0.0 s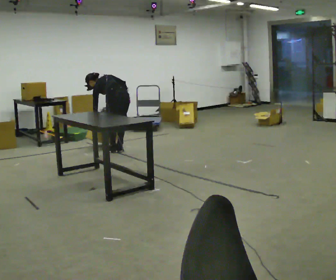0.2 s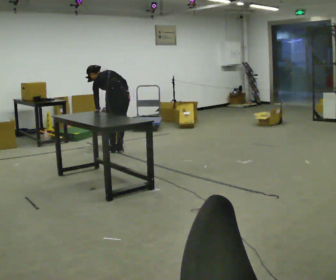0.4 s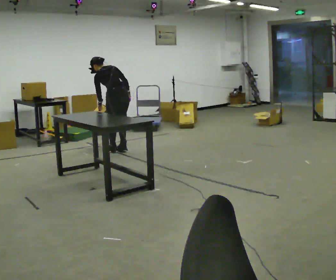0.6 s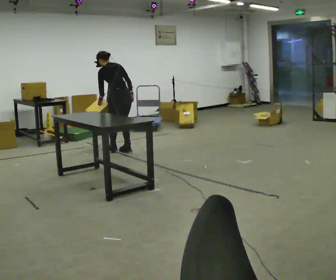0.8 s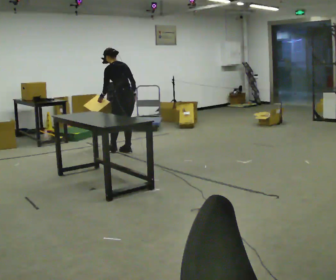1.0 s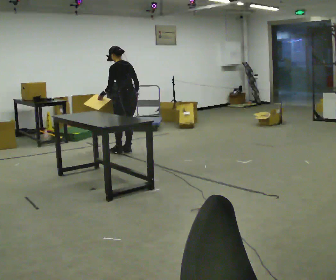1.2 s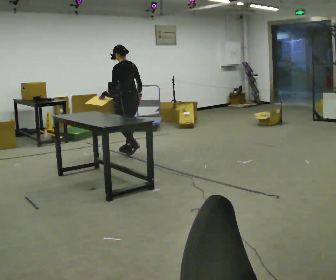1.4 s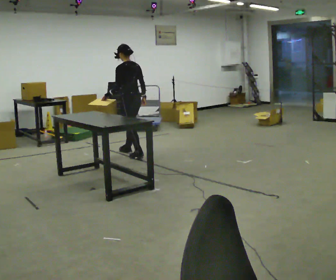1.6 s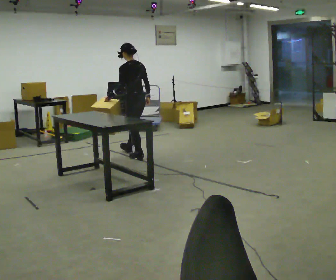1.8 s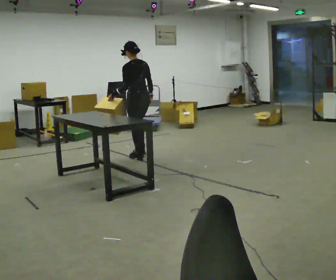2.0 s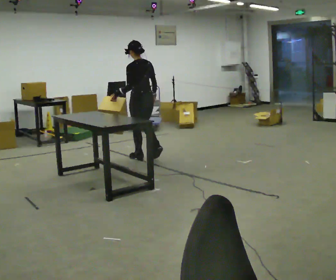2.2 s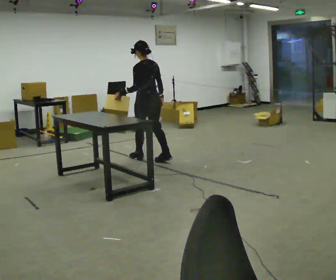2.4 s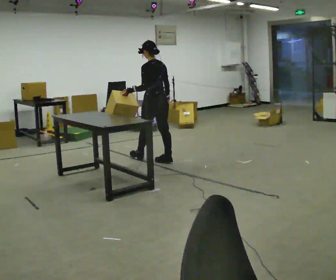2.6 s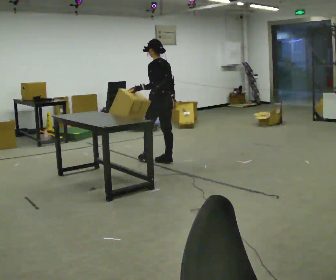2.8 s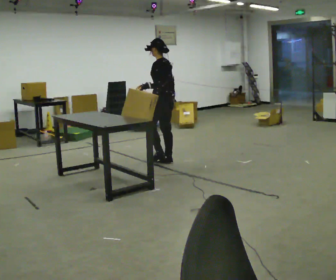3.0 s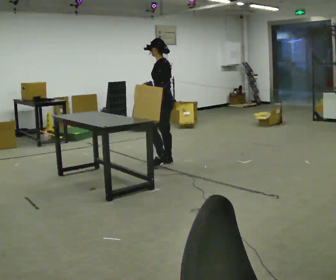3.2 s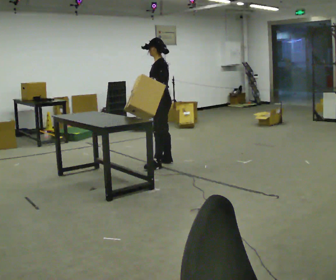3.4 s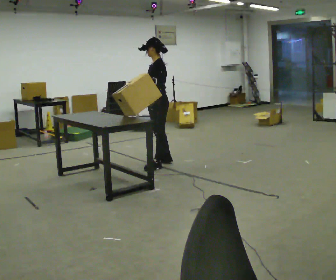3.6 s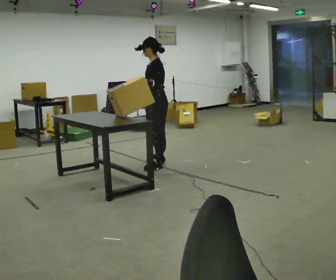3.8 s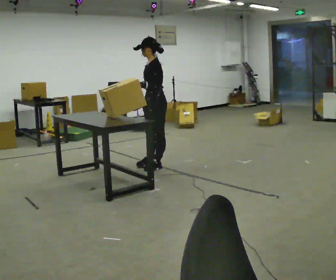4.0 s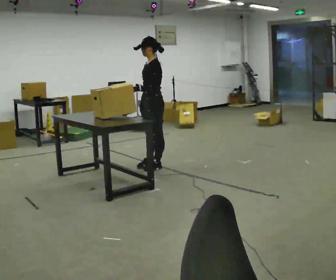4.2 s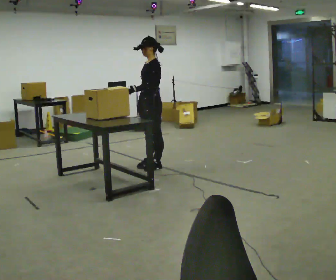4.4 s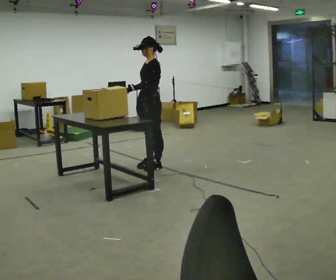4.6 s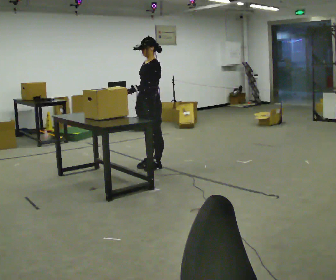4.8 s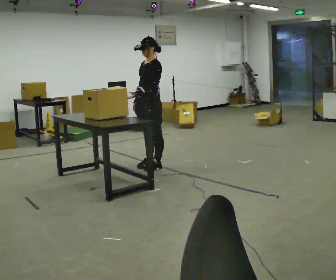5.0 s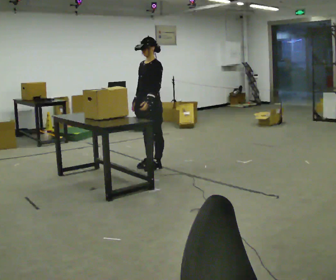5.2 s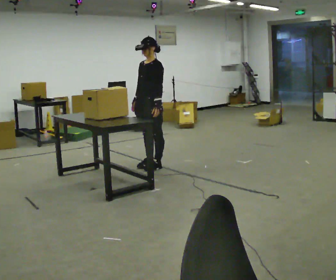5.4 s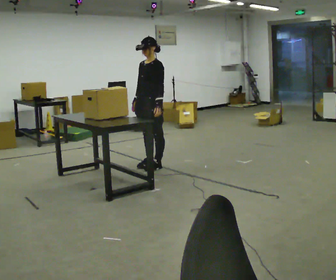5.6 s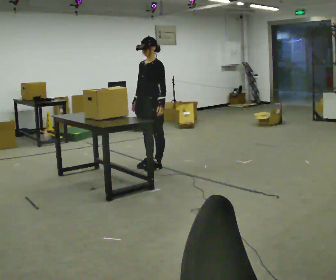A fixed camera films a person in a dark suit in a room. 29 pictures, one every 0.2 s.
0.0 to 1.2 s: In the picture they go to the right, about 0.25 m in 2 steps, which for them is backward. The shoulders move upward. The upper body tips toward the camera, its near side rolling downward, as they lean back or straighten.
1.2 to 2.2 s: In the picture they go toward the camera and to the right, about 0.5 m in 1 step, which for them is backward.
2.2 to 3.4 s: The person turns about 60 degrees to their left, counterclockwise seen from above, so the part of the body nearest the lens slides to the right. In the picture they go toward the camera and to the right, about 0.25 m in 1 step, which for them is backward and to their left.
3.4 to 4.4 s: The person moves a little, or ends about where they began.
4.4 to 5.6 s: Seen from above the body turns counterclockwise, about 30 degrees: to their left, with its near side sliding to the right. In the picture their left hand goes to the right, the arm swinging counterclockwise.
The film runs backward here.
